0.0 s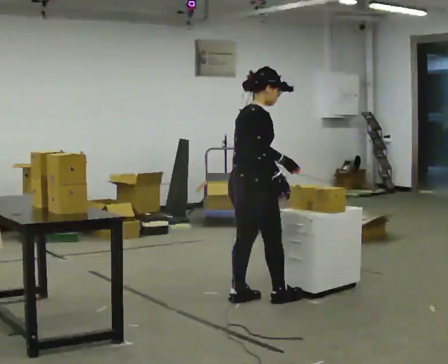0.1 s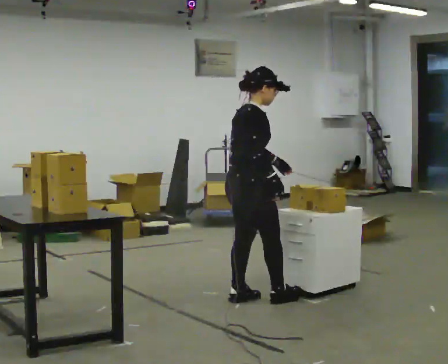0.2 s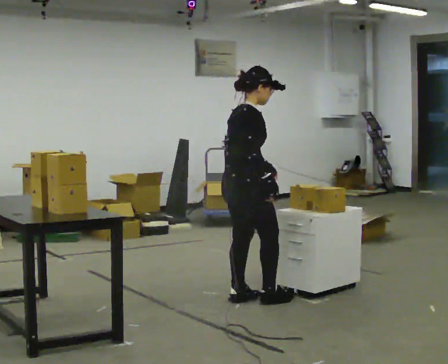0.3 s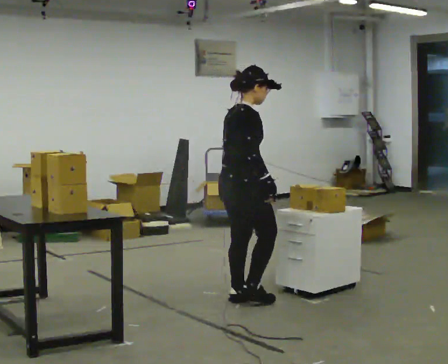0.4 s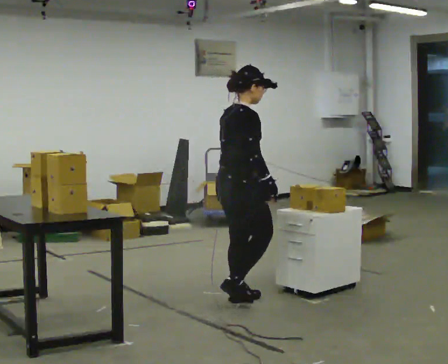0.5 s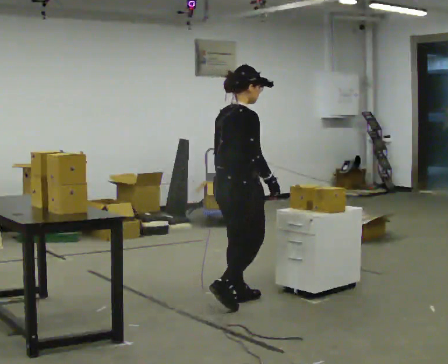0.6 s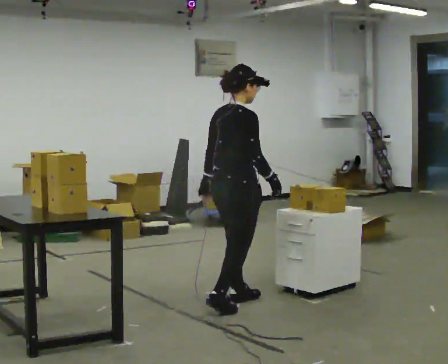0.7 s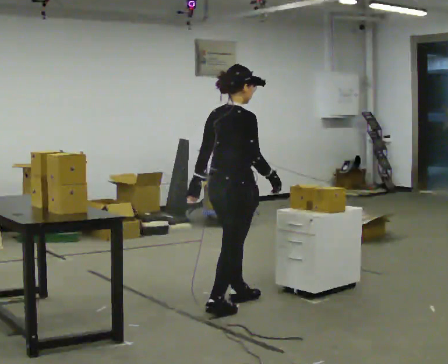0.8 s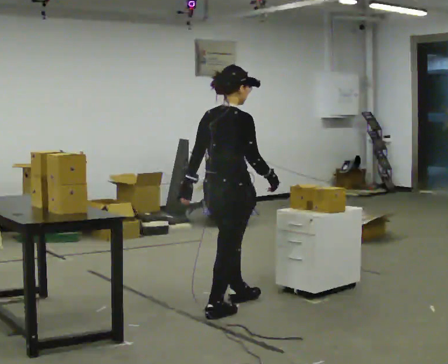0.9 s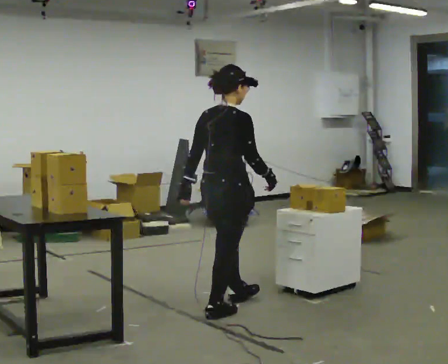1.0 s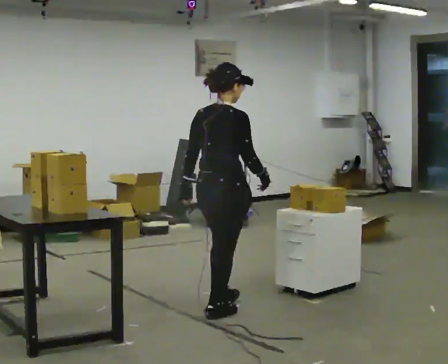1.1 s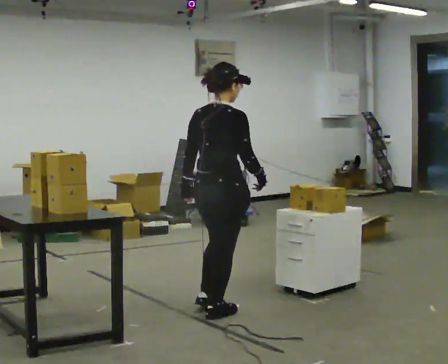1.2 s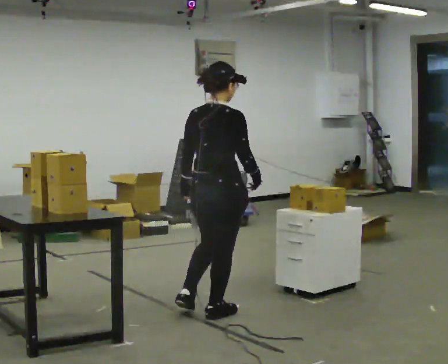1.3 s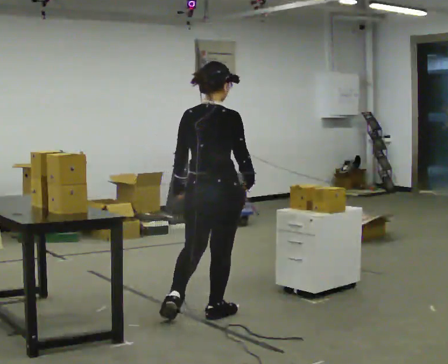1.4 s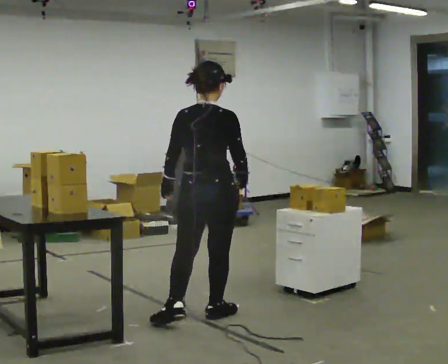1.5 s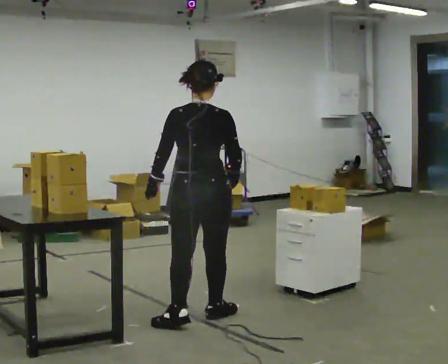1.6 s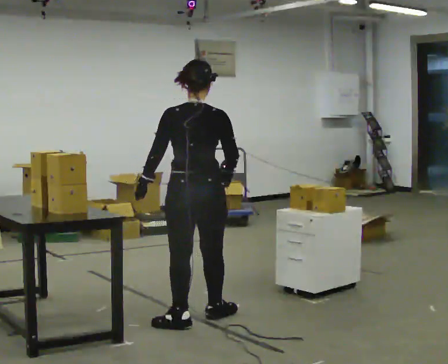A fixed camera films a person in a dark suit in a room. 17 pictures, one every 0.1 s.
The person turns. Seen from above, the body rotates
counterclockwise.
The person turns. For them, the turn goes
to their left.
0.0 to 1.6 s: The part of the body nearest the lens slides to the right as the person turns to their left by about 60 degrees. In the picture they go toward the camera and to the left, about 0.5 m in 2 steps.
The film runs backward here.
